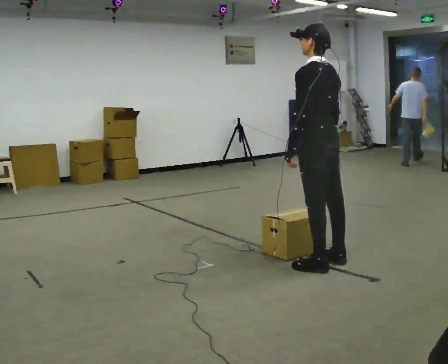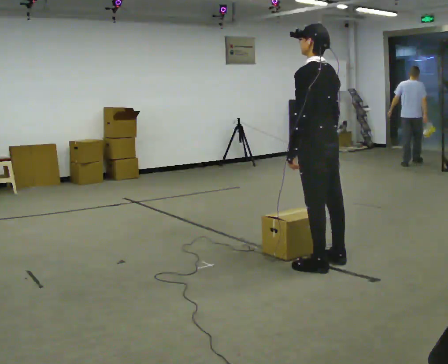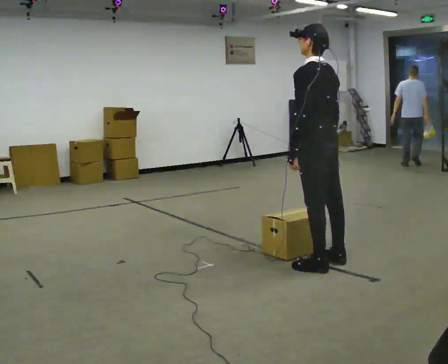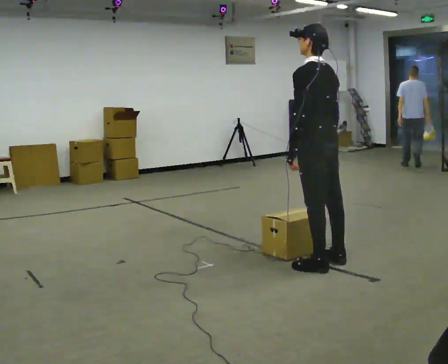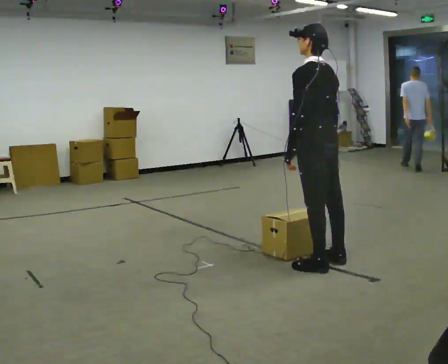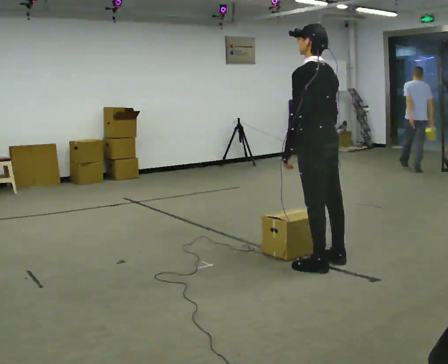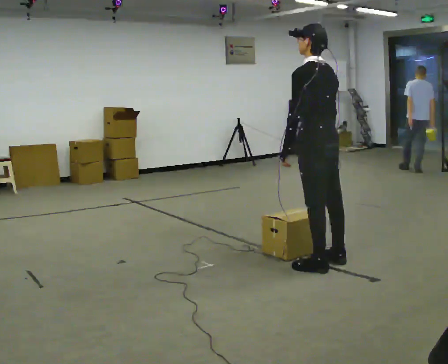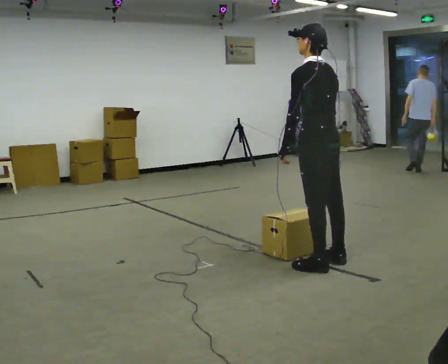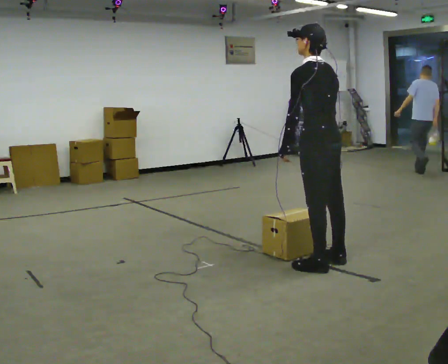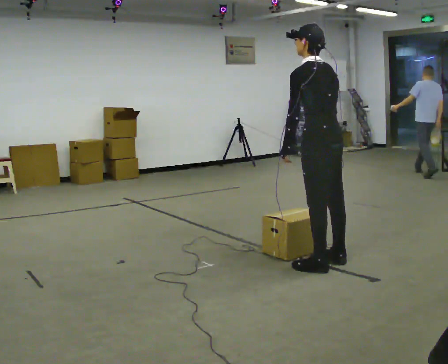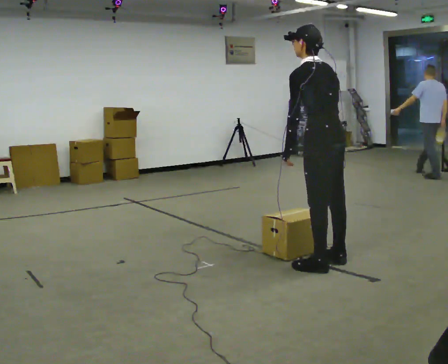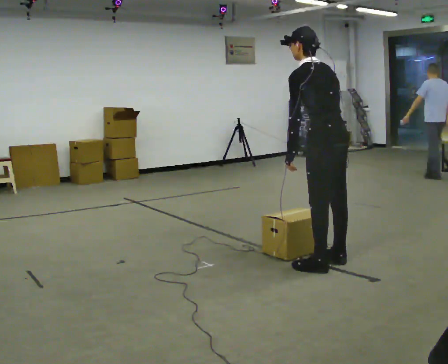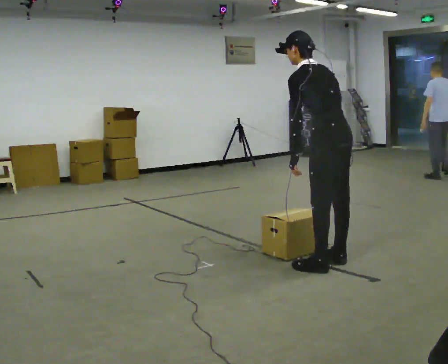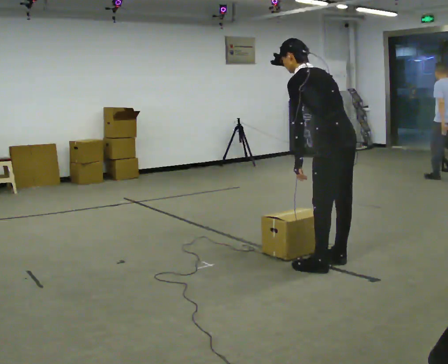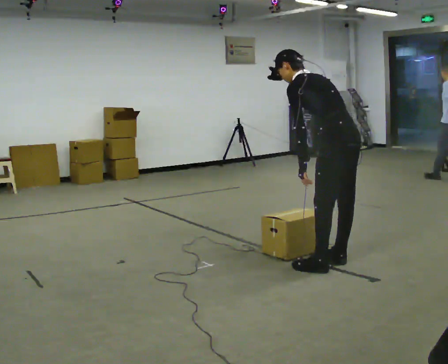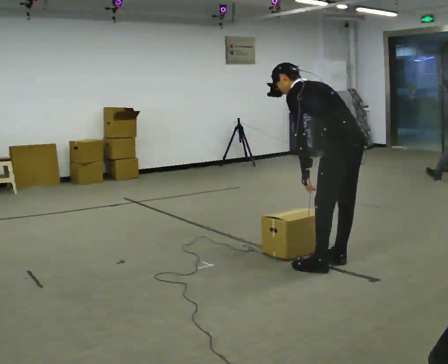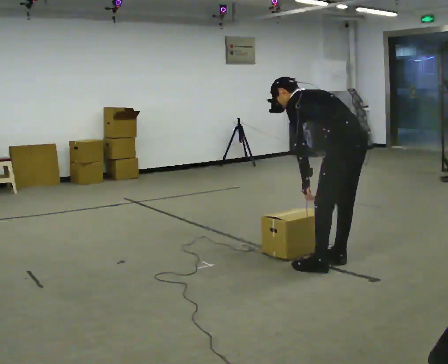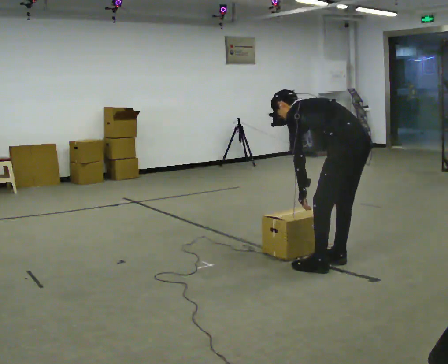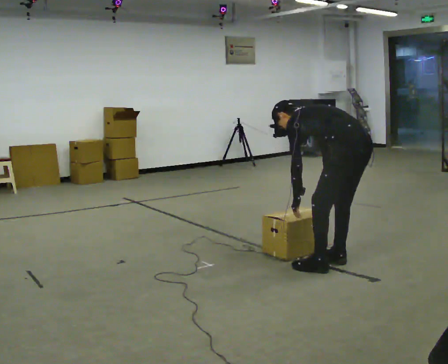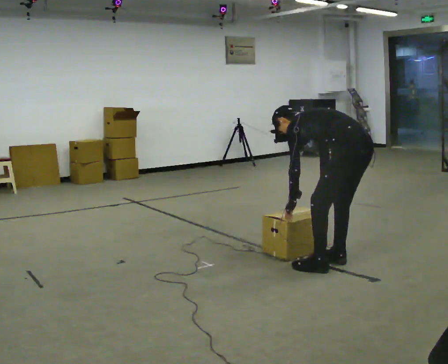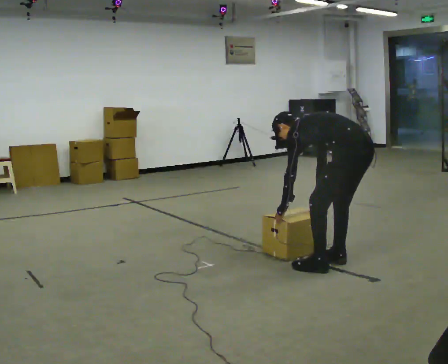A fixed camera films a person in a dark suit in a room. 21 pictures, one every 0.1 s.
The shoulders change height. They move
downward.
Their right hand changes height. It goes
downward.
0.0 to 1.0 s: The person moves a little, or ends about where they began.
1.0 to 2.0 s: In the picture they go to the right, about 0.25 m, which for them is backward. The shoulders move downward. In the picture the upper body tilts counterclockwise, shoulders to the left, as they bend forward. In the picture their right hand goes downward.
The film runs backward here.
